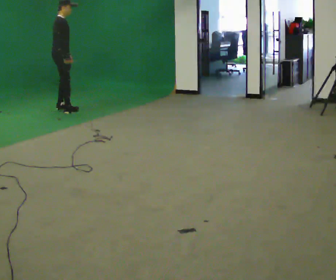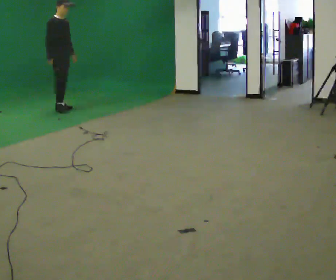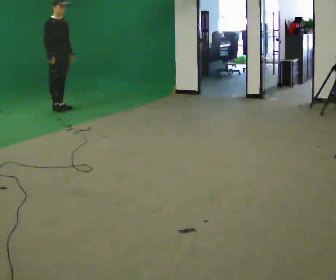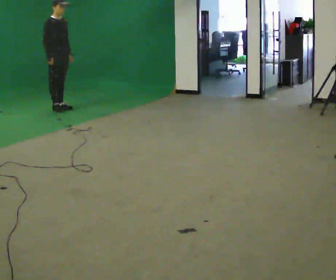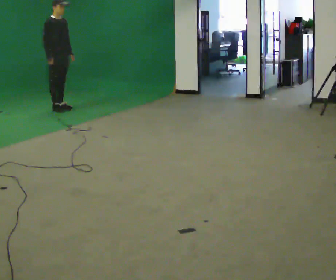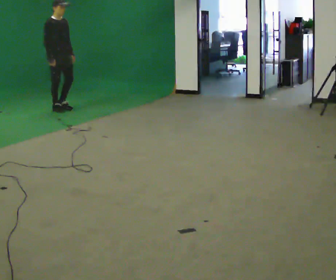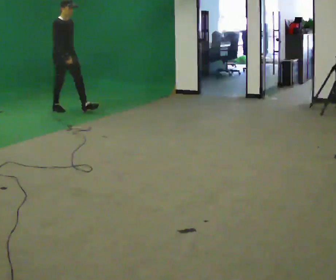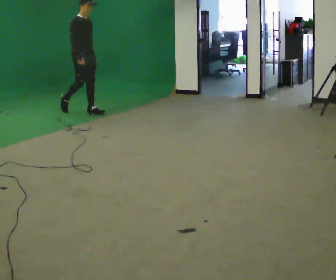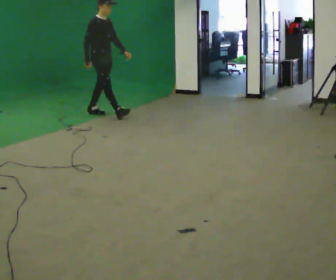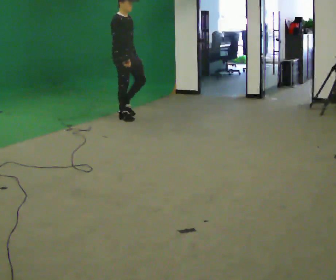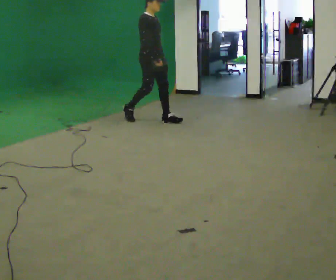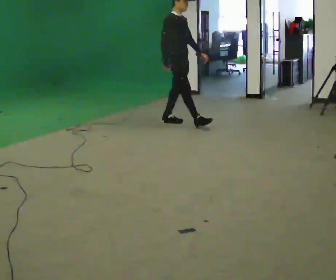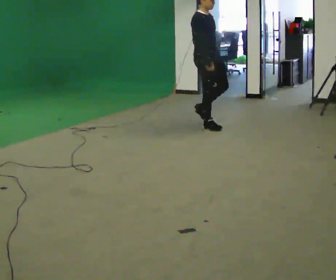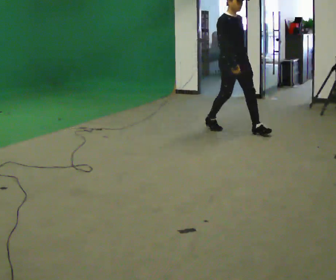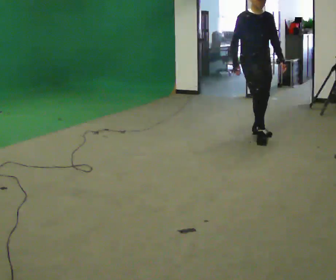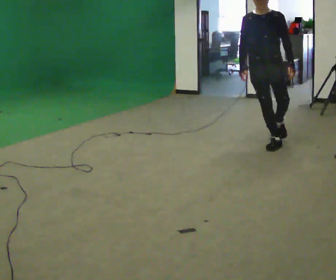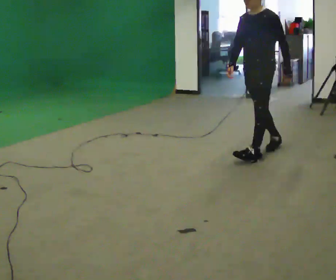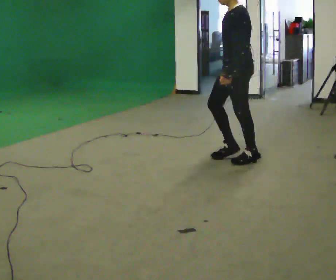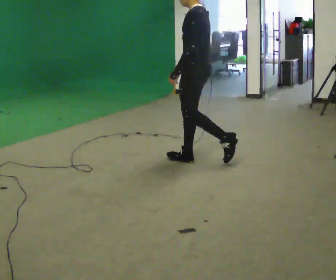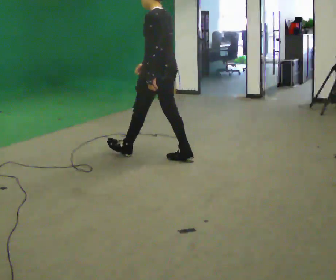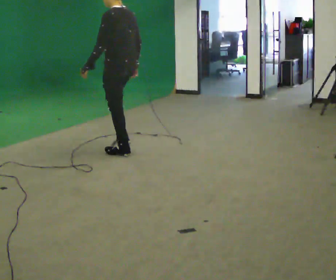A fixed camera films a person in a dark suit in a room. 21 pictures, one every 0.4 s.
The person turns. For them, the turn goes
to their right.
The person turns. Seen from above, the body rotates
clockwise.
0.0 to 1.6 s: Seen from above the body turns clockwise, about 30 degrees: to their right, with its near side sliding to the left.
1.6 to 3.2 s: In the picture they go to the right and toward the camera, about 1 m in 1 step, which for them is forward.
3.2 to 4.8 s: In the picture they go to the right and toward the camera, about 1.5 m in 3 steps, which for them is forward.
4.8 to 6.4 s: Seen from above the body turns clockwise, about 120 degrees: to their right, with its near side sliding to the left. In the picture they go toward the camera, about 1 m in 2 steps.
6.4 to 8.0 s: Seen from above the body turns clockwise, about 60 degrees: to their right, with its near side sliding to the left. In the picture they go to the left, about 1.5 m in 3 steps.
The film runs forward here.
